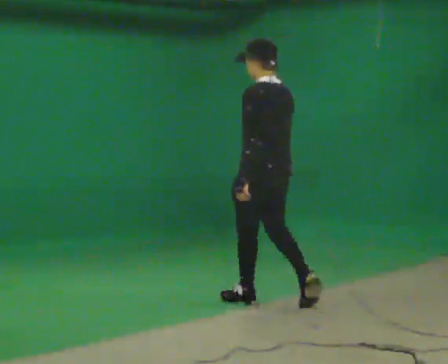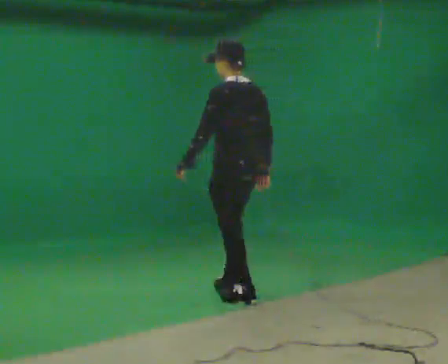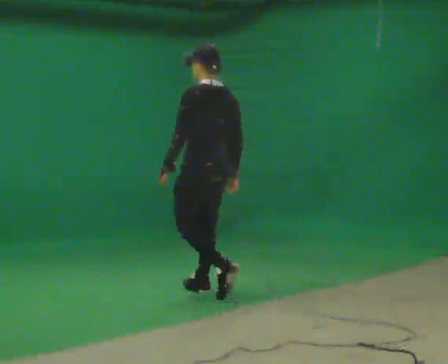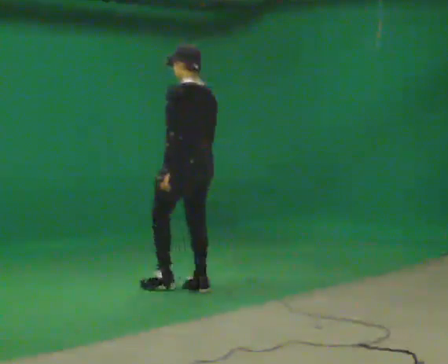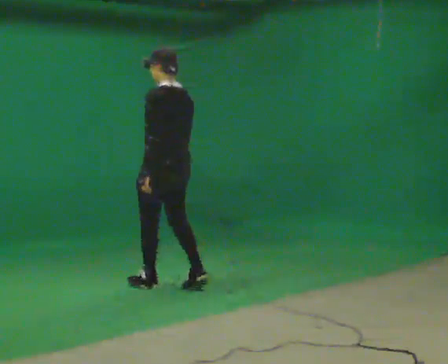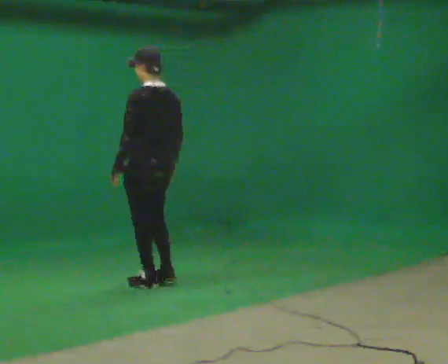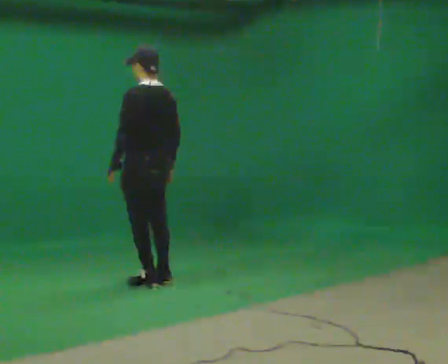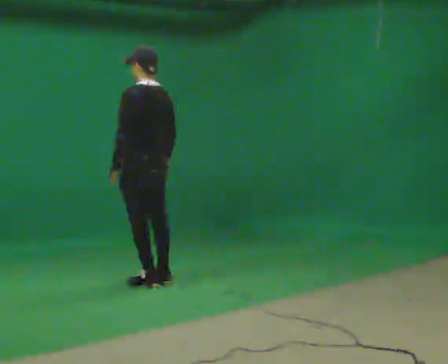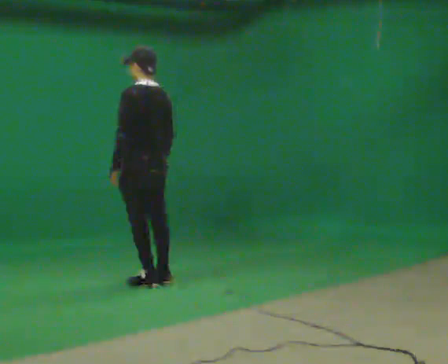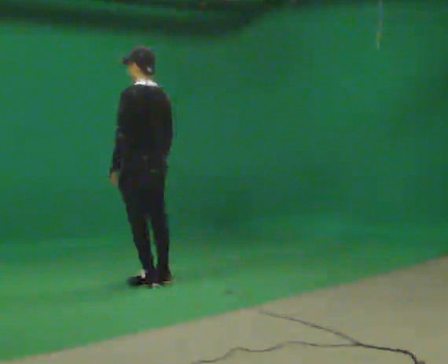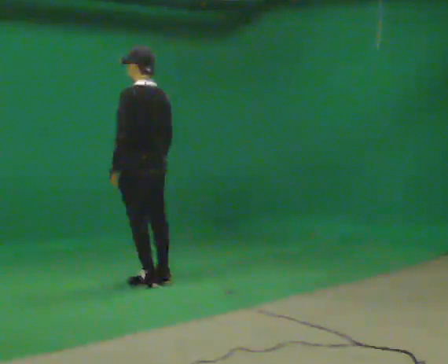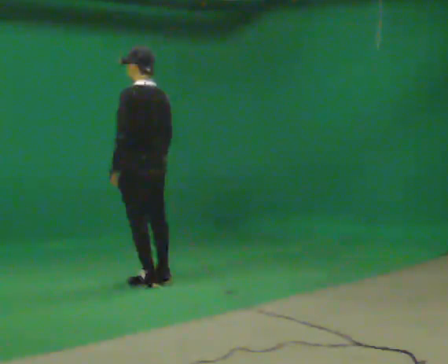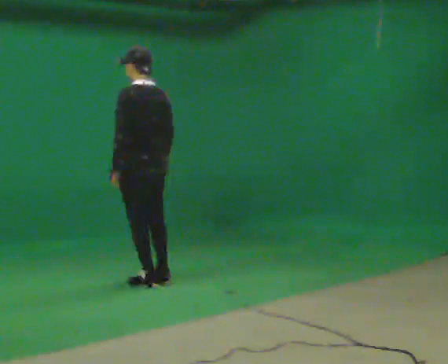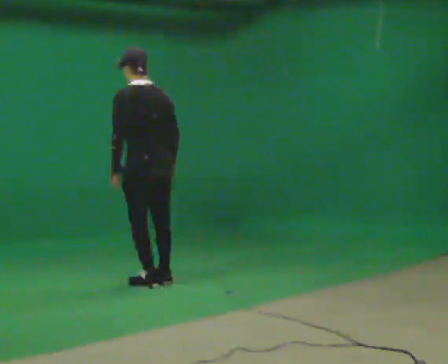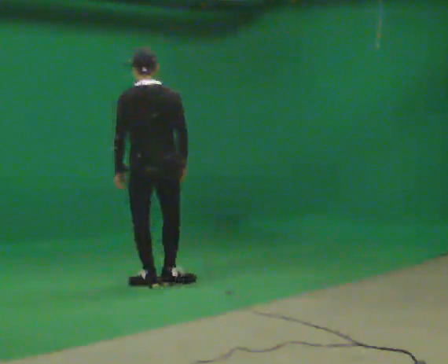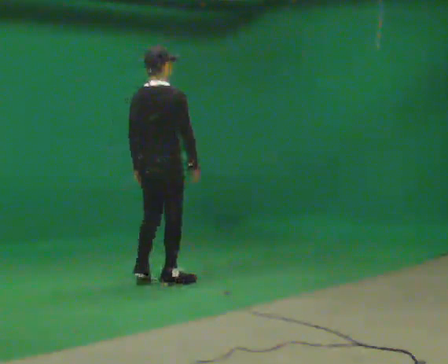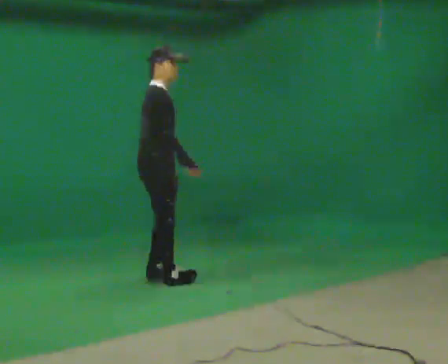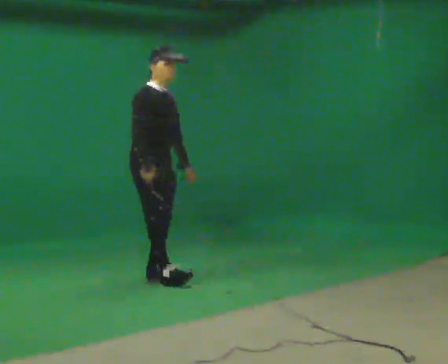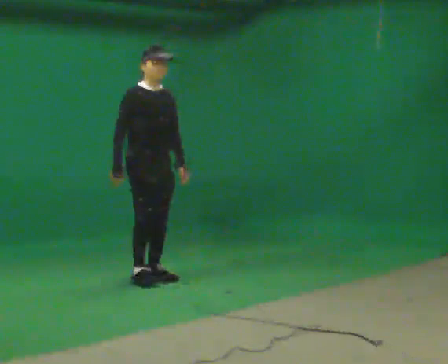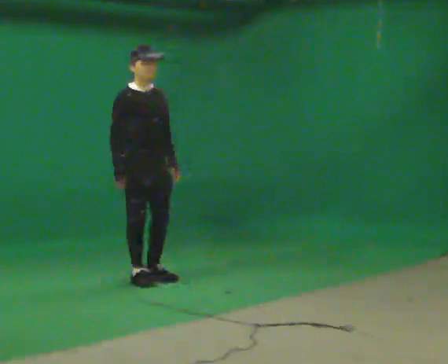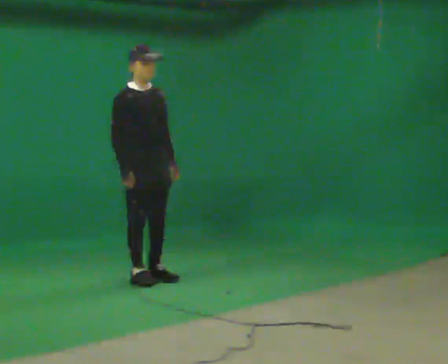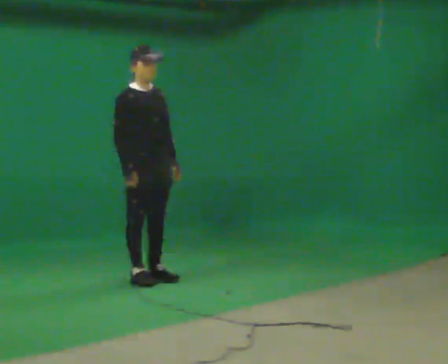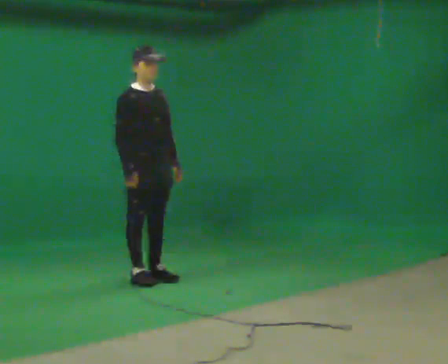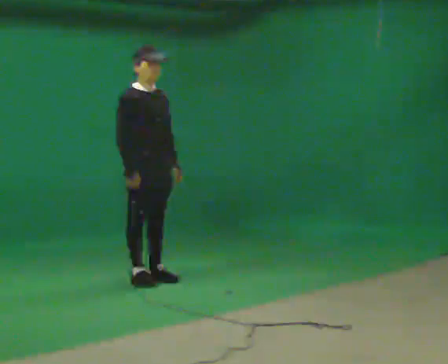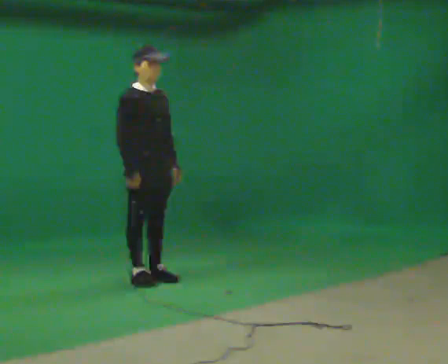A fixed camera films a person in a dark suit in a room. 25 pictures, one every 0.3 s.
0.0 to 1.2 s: In the picture they go away from the camera and to the left, about 1 m in 2 steps, which for them is forward.
1.2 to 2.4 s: In the picture they go away from the camera and to the left, about 0.25 m in 1 step, which for them is forward.
2.4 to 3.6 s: The person moves a little, or ends about where they began.
3.6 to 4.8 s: Seen from above the body turns clockwise, about 135 degrees: to their right, with its near side sliding to the left. In the picture their left hand goes to the right.
4.8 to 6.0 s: The part of the body nearest the lens slides to the left as the person turns to their right by about 45 degrees. In the picture their right hand goes to the left.
6.0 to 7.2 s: The person moves a little, or ends about where they began.
The film runs forward here.
